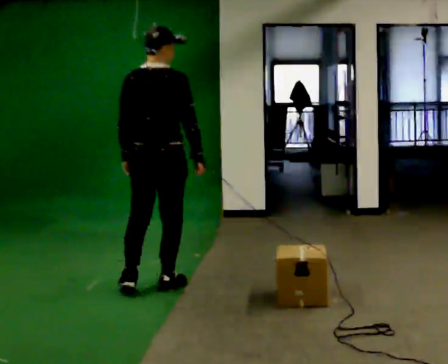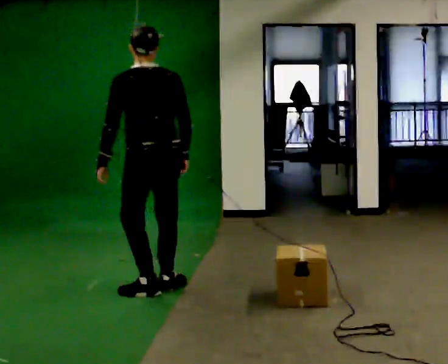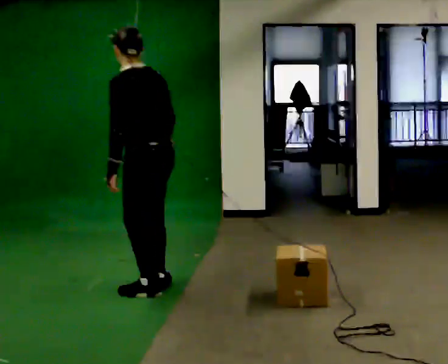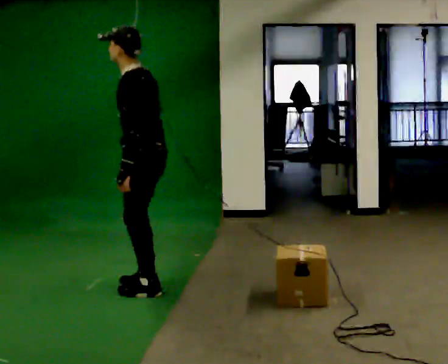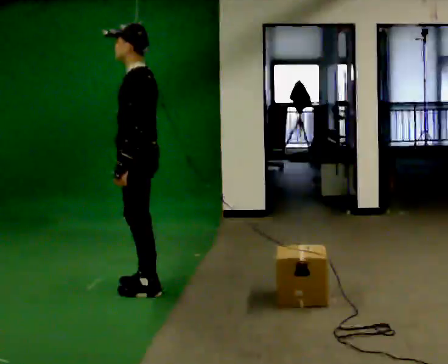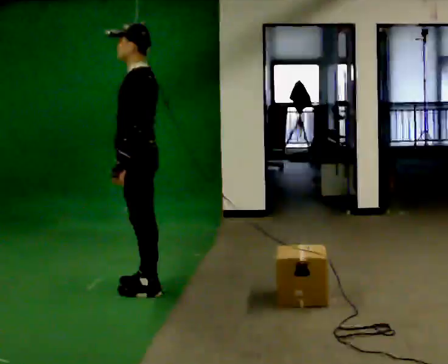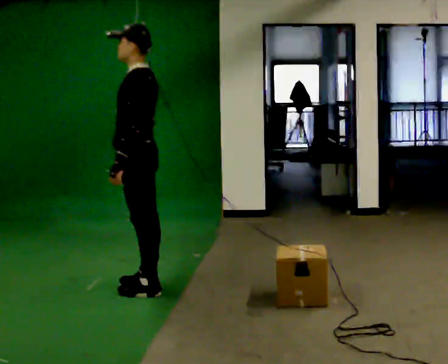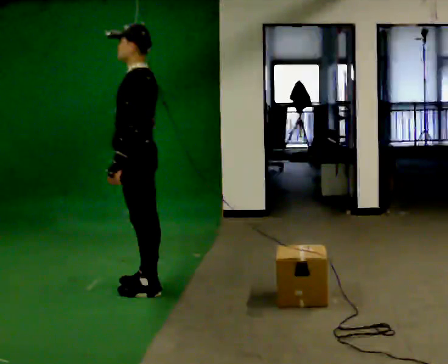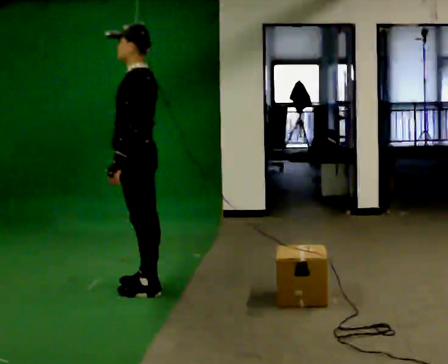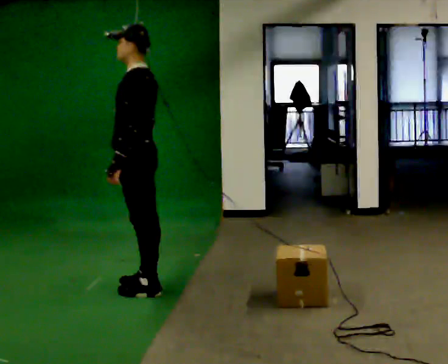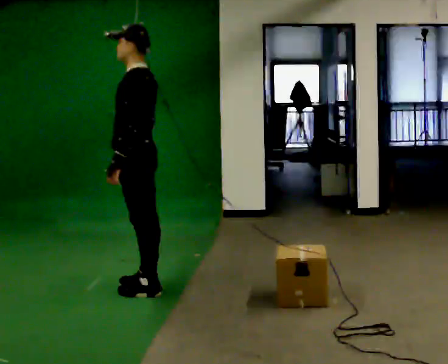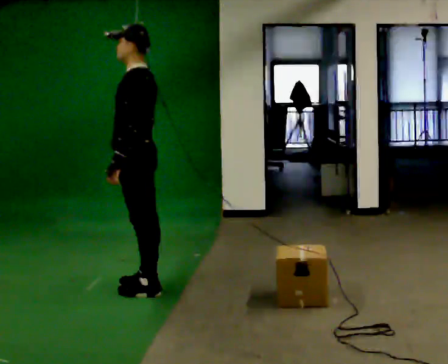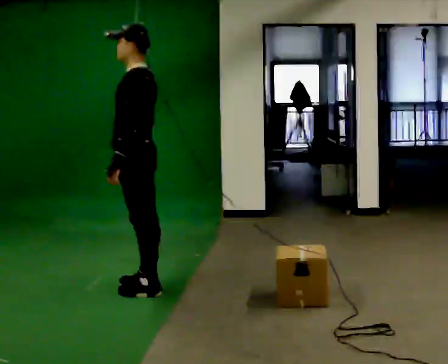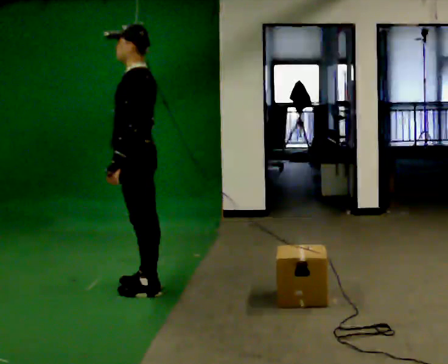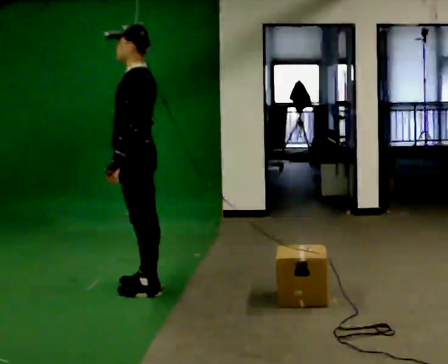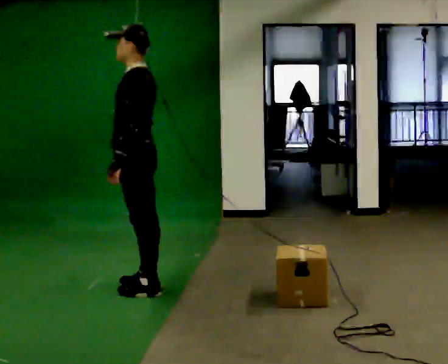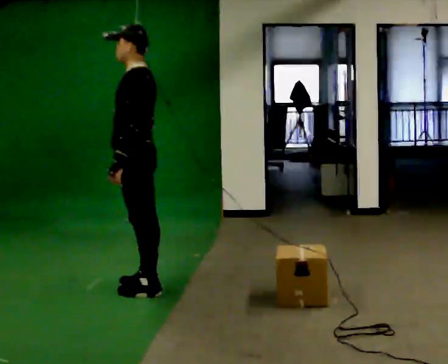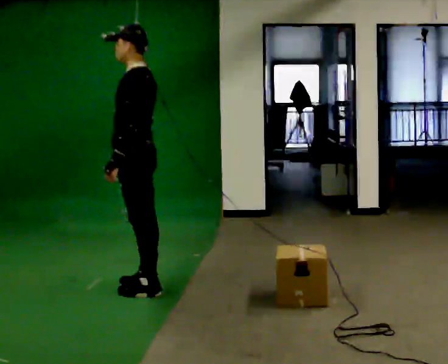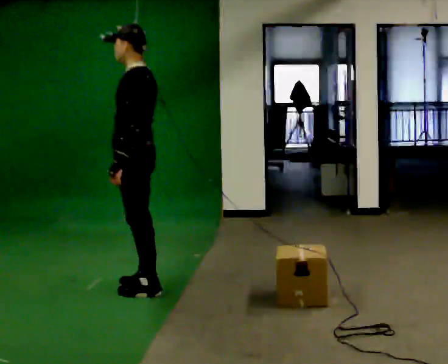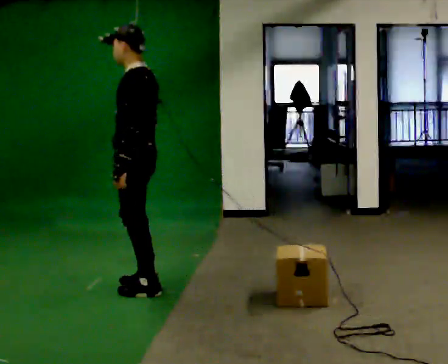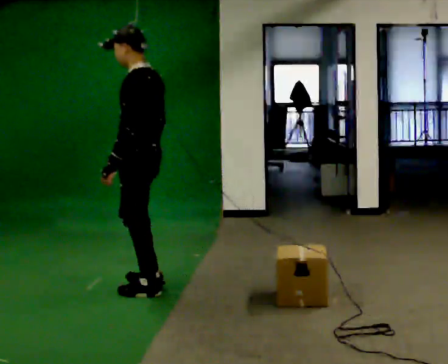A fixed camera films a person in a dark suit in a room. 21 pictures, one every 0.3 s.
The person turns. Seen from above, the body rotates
counterclockwise.
The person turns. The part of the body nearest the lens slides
to the right.
0.0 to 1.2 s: The part of the body nearest the lens slides to the right as the person turns to their left by about 105 degrees. In the picture their right hand goes to the left.
1.2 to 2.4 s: The person moves a little, or ends about where they began.
2.4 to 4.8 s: The person keeps their place and pose.
4.8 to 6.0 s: The person moves a little, or ends about where they began.
The film runs backward here.
